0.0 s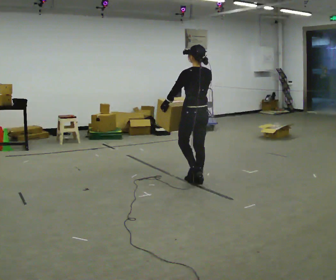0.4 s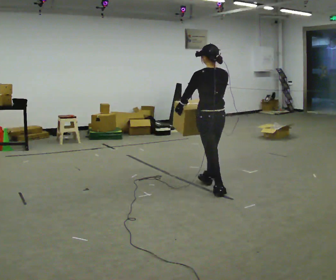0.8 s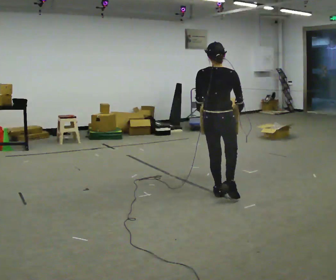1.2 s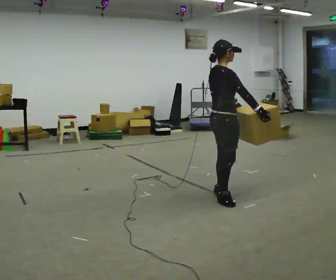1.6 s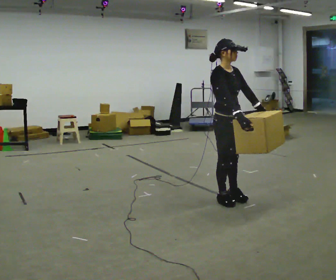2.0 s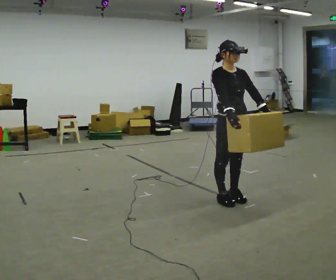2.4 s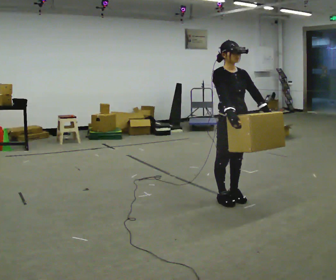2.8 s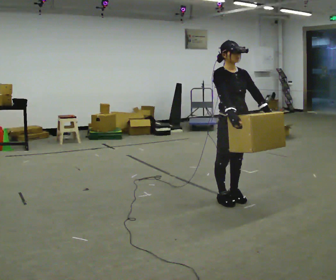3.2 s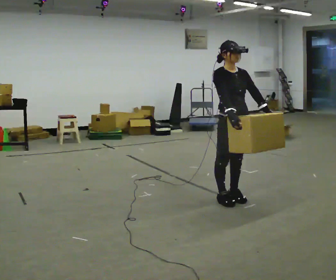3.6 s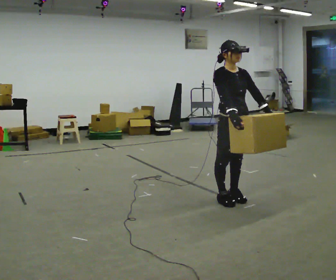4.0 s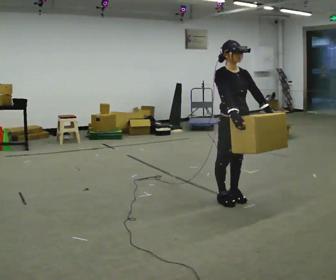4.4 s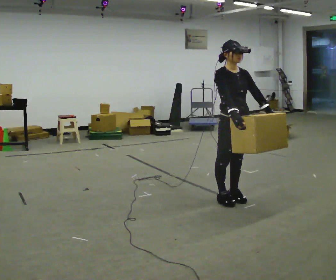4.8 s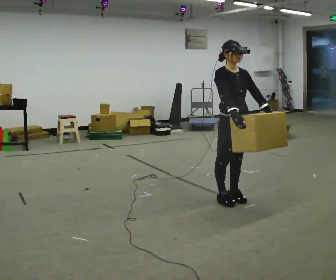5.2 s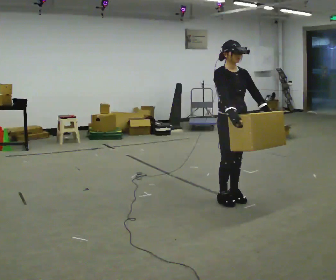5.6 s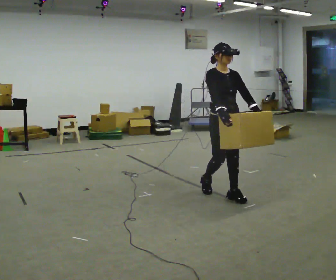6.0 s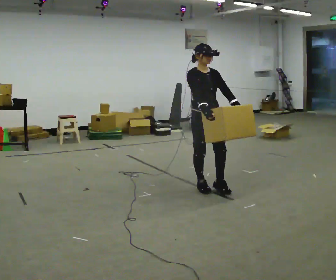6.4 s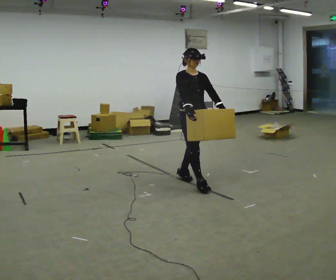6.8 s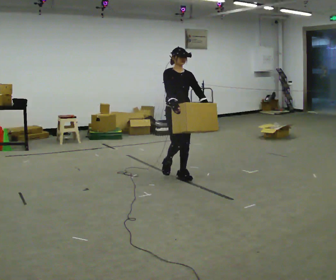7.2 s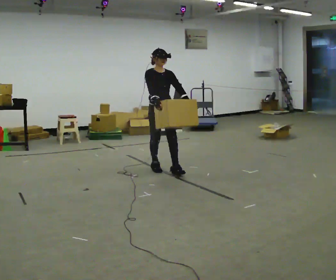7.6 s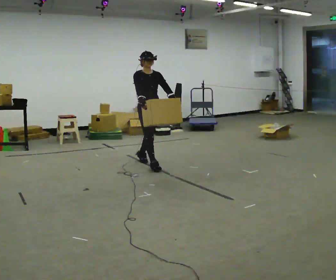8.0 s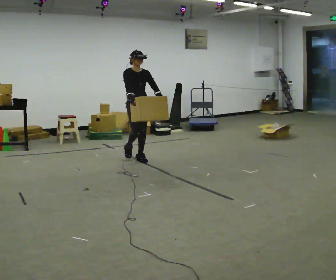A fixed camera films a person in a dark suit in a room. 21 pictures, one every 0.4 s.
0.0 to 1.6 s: Seen from above the body turns clockwise, about 165 degrees: to their right, with its near side sliding to the left. In the picture they go toward the camera and to the right, about 0.75 m in 1 step.
1.6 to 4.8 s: The person moves a little, or ends about where they began.
4.8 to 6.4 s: In the picture they go away from the camera and to the left, about 0.5 m in 2 steps, which for them is backward.
6.4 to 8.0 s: In the picture they go away from the camera and to the left, about 1.5 m in 3 steps, which for them is backward.
The film runs backward here.
